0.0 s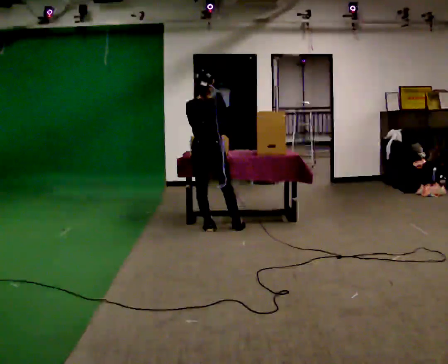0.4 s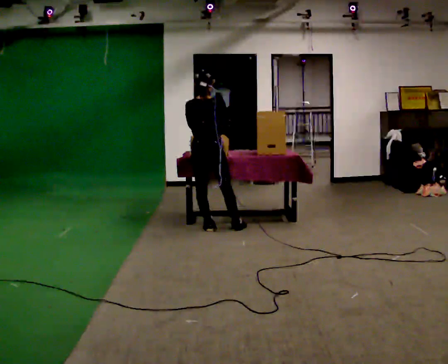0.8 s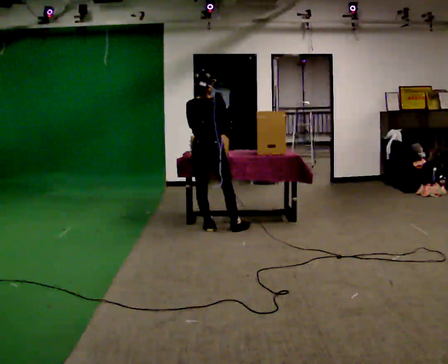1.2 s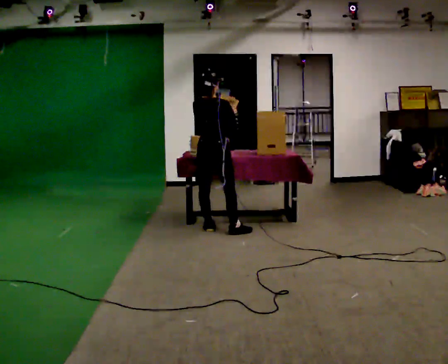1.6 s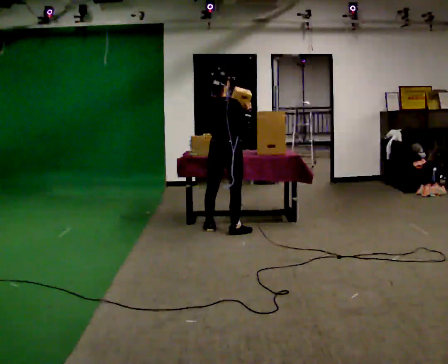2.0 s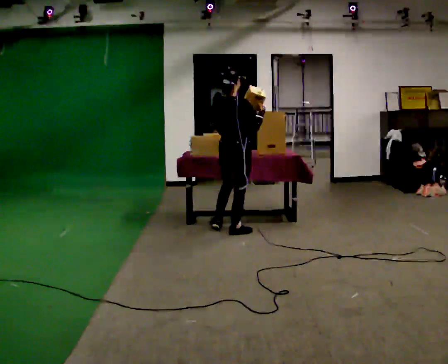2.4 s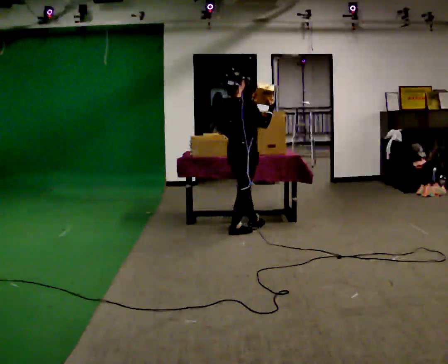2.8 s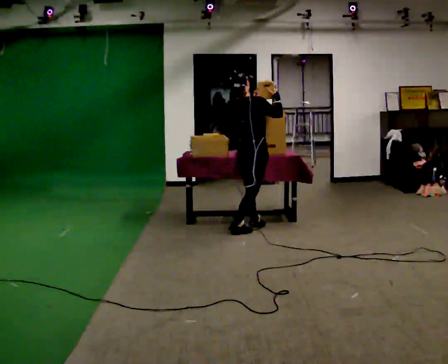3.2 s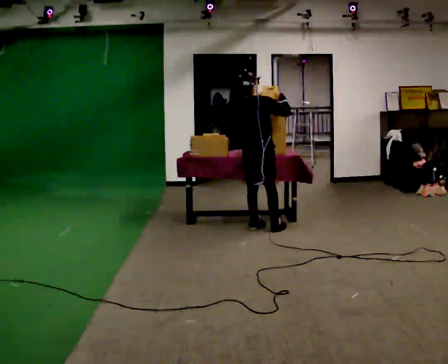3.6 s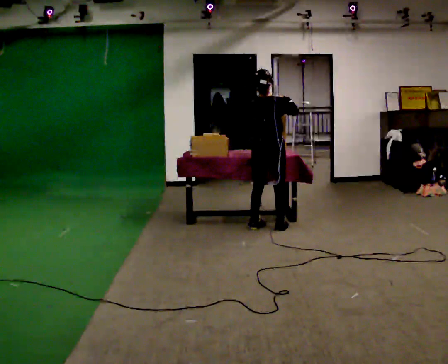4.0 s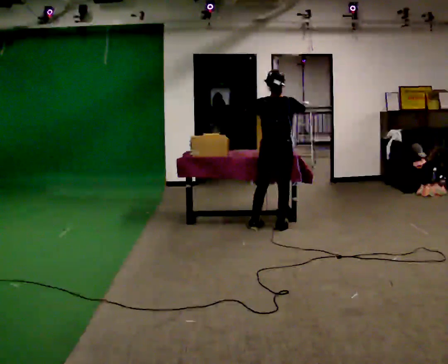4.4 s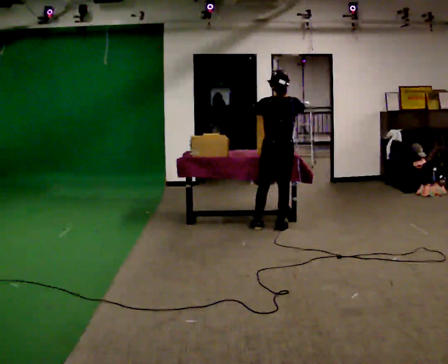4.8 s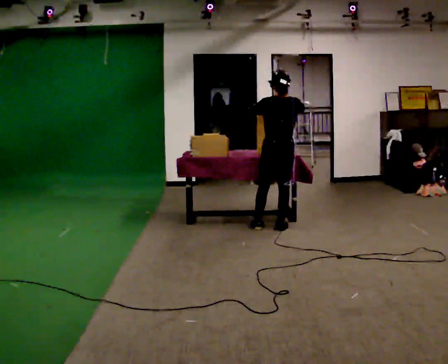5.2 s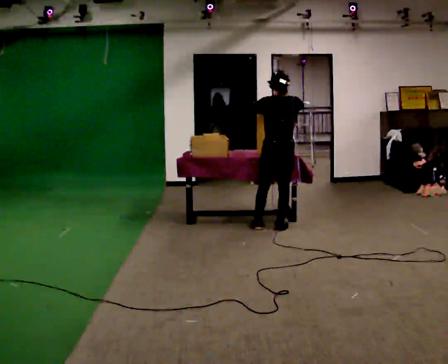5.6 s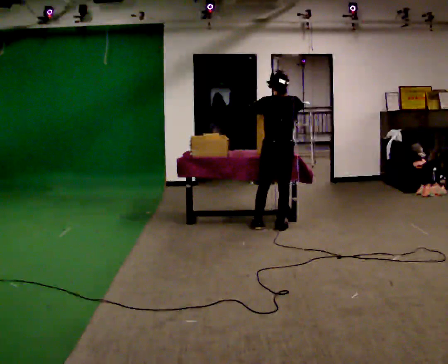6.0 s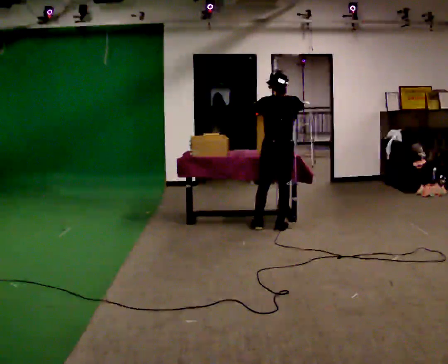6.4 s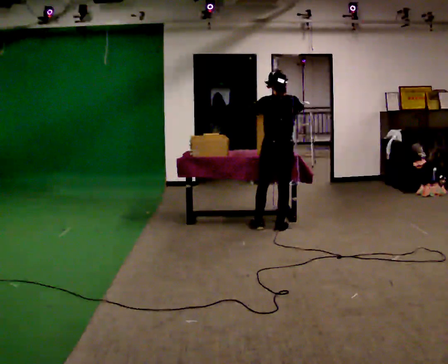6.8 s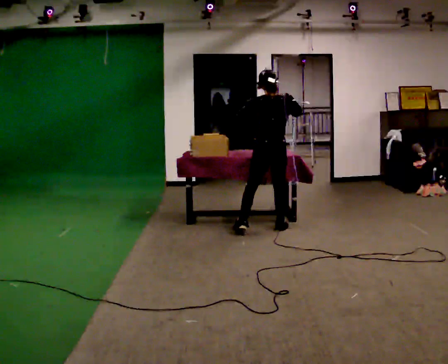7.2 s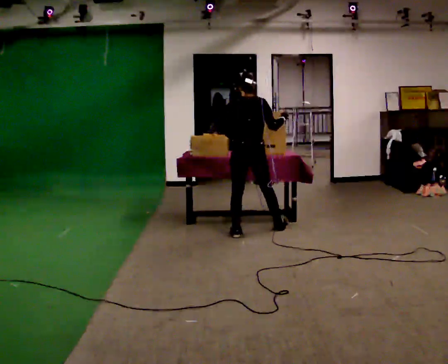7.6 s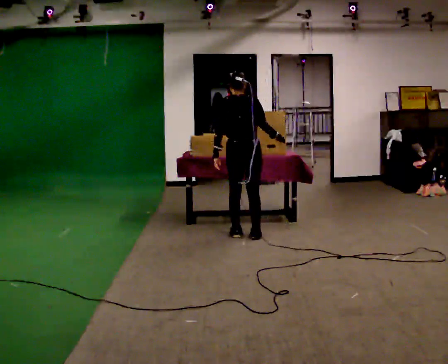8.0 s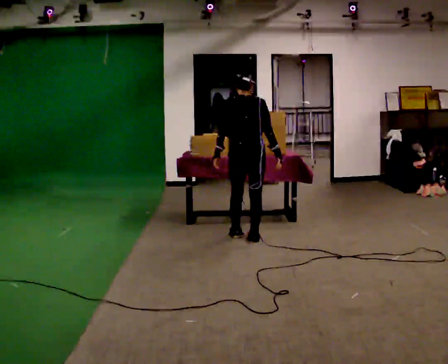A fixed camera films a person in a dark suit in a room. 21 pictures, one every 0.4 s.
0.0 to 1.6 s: In the picture they go to the right, about 0.25 m in 1 step, which for them is to their right. In the picture their left hand goes to the right.
1.6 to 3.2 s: In the picture they go to the right and away from the camera, about 0.25 m in 1 step, which for them is forward and to their right.
3.2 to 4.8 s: The part of the body nearest the lens slides to the right as the person turns to their left by about 45 degrees. In the picture they go to the right, about 0.25 m in 1 step, which for them is to their right.
4.8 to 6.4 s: The person moves a little, or ends about where they began.
6.4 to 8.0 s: In the picture they go toward the camera and to the left, about 0.5 m in 2 steps, which for them is backward and to their left. In the picture their right hand goes downward.
The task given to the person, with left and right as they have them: Move the items from one container to the other one at a time, then move them back. Repeat at your own pace until the operator says stop. Keep both feet on the marked spots for the whole take. If you have to step, stop and tell the operator.
The film runs forward here.
